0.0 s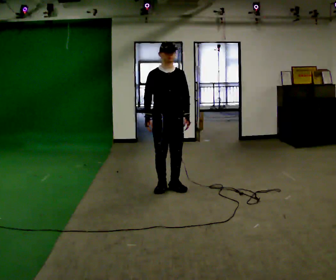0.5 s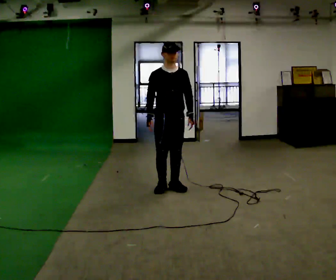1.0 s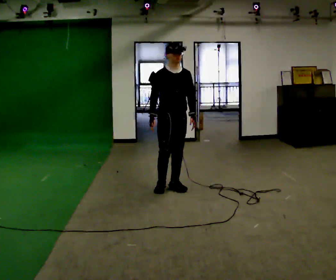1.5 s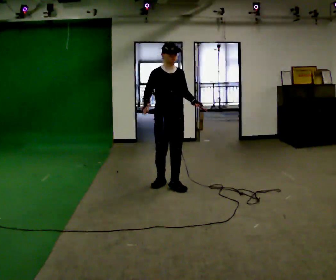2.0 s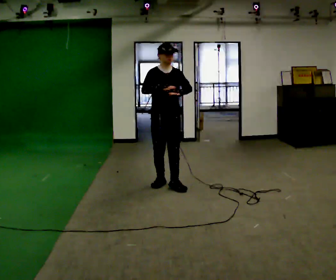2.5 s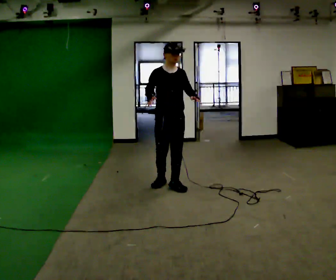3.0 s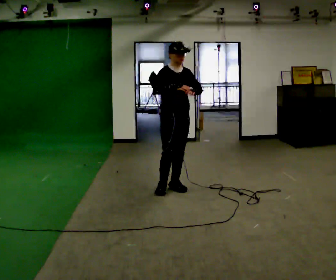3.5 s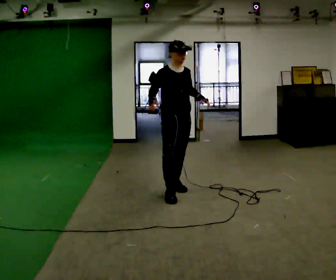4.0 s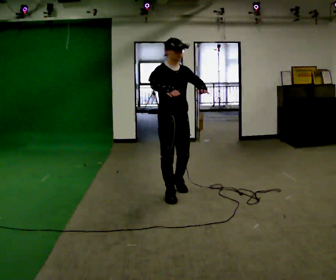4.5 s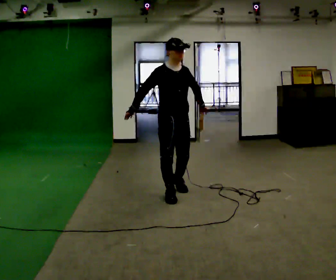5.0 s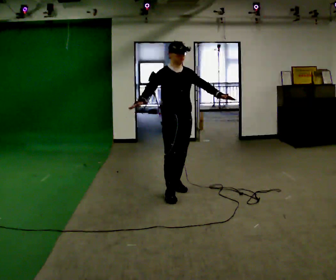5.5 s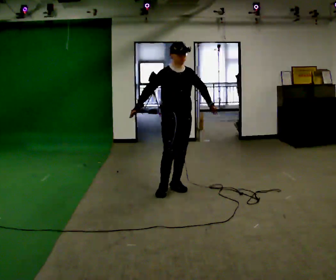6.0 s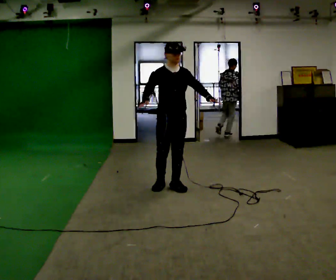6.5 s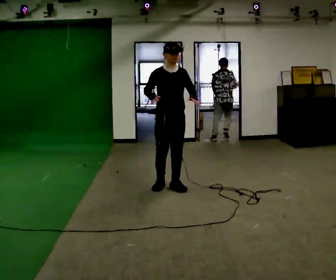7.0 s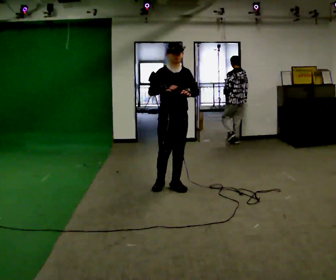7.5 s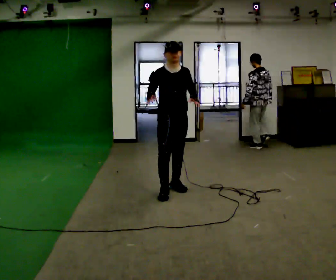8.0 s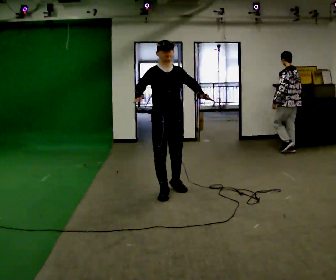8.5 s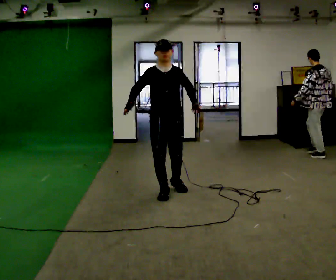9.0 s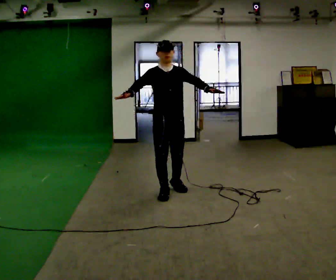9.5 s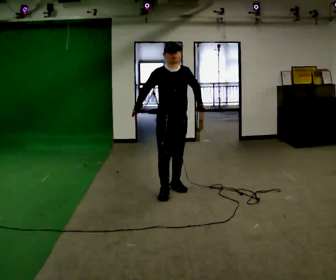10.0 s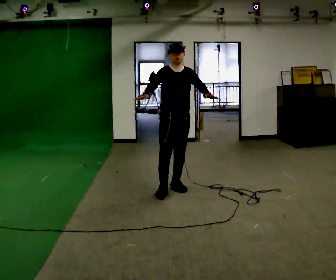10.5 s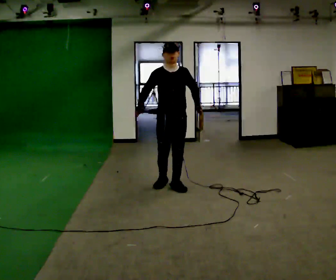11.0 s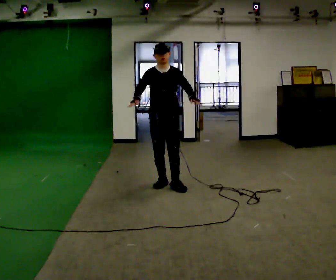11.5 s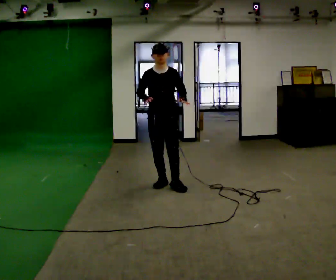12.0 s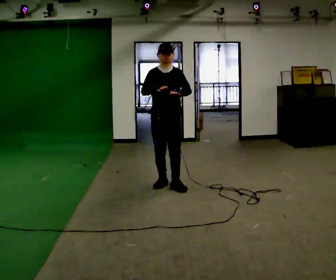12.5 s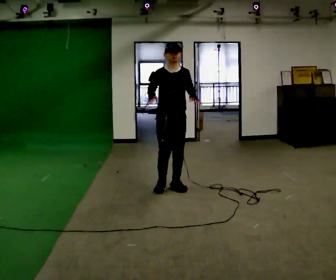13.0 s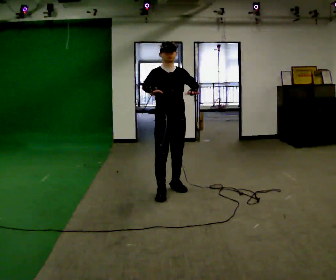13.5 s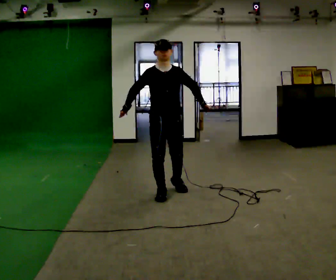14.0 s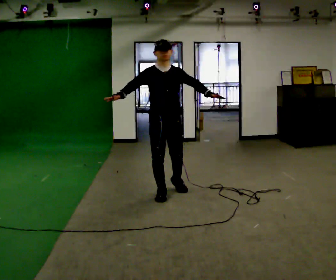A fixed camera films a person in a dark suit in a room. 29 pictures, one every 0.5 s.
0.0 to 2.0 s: In the picture their right hand goes upward.
2.0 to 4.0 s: In the picture they go toward the camera, about 0.5 m in 1 step, which for them is forward.
4.0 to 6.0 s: In the picture they go away from the camera, about 0.25 m in 1 step, which for them is backward and to their left.
6.0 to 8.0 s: In the picture they go toward the camera, about 0.25 m in 1 step, which for them is forward and to their right.
8.0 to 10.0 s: In the picture they go away from the camera, about 0.25 m in 1 step, which for them is to their left and backward.
10.0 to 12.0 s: The person moves a little, or ends about where they began.
12.0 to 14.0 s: In the picture they go toward the camera, about 0.5 m in 1 step, which for them is forward and to their right.
The film runs backward here.
